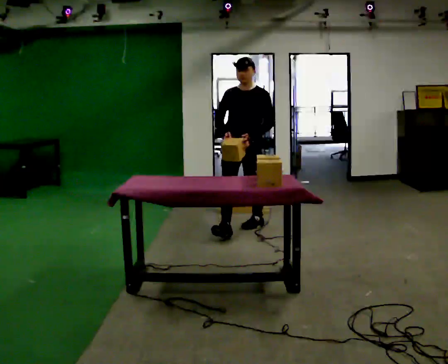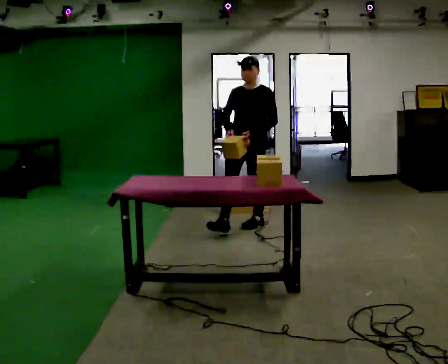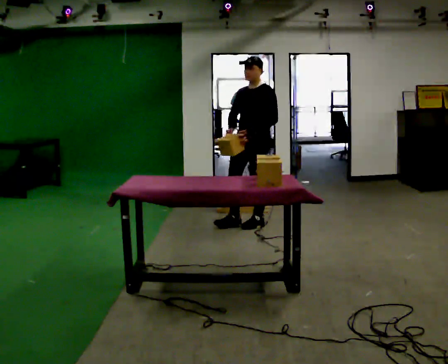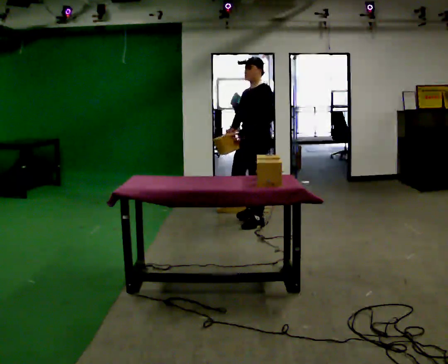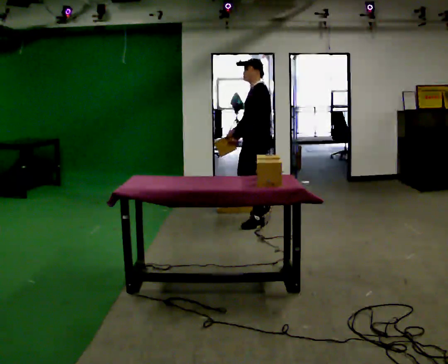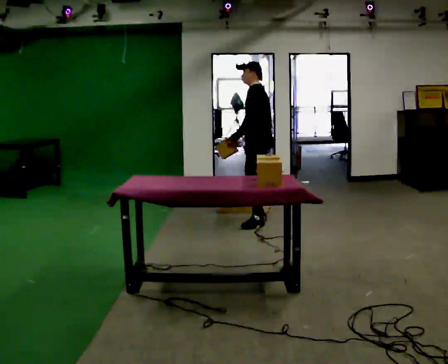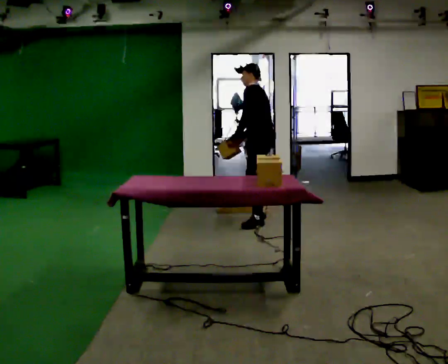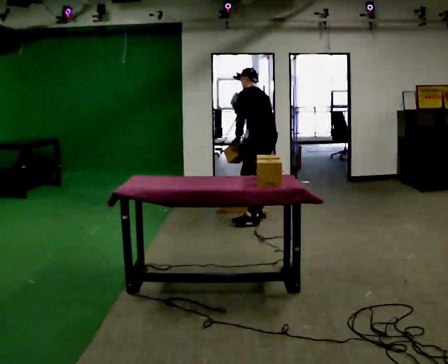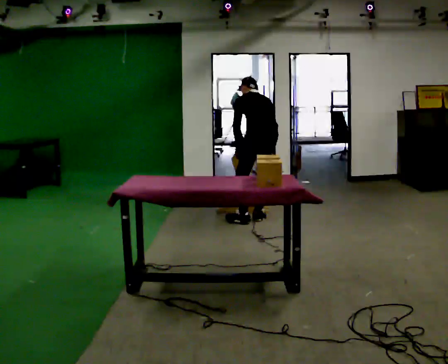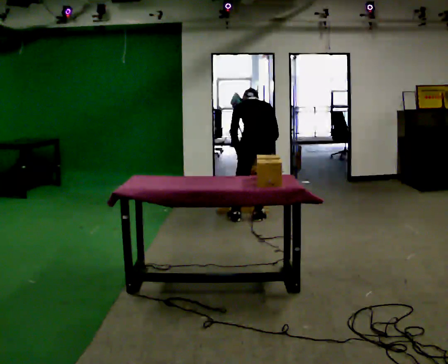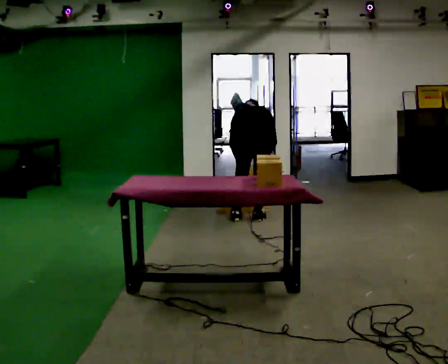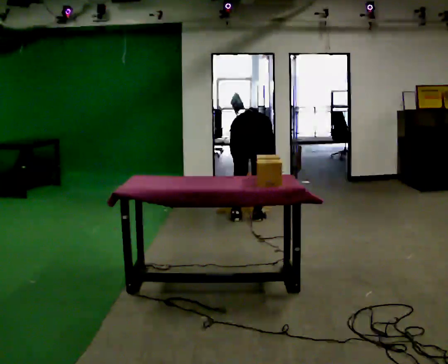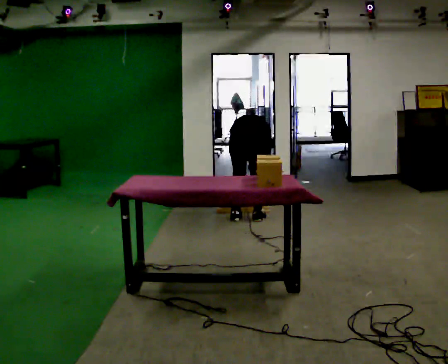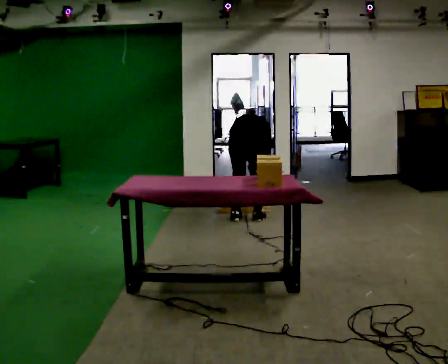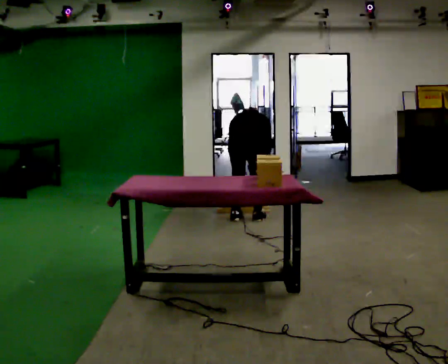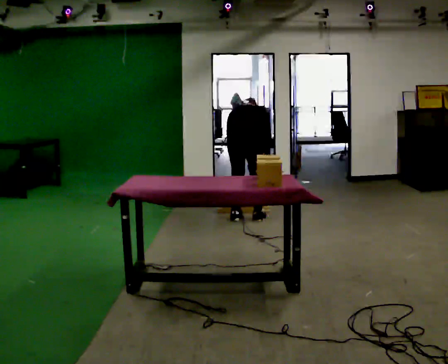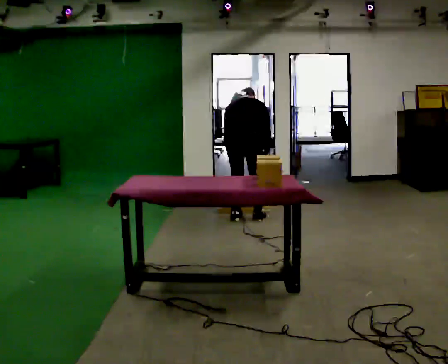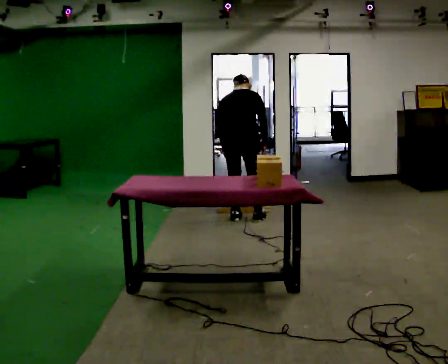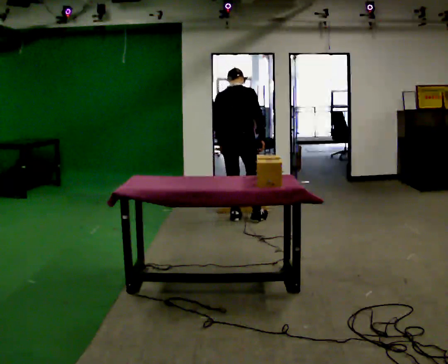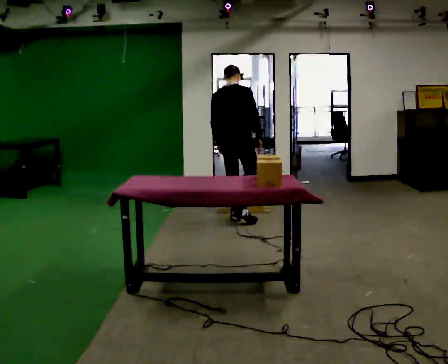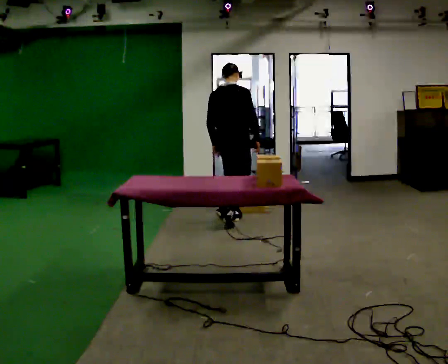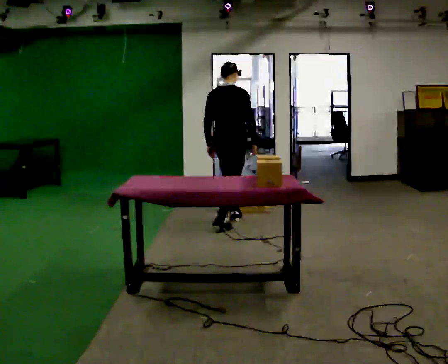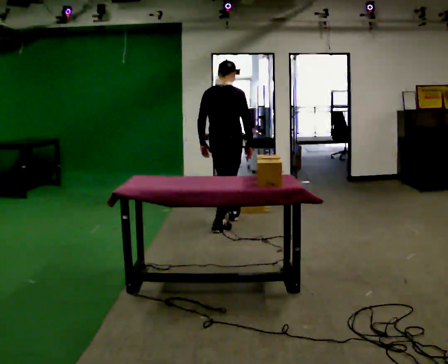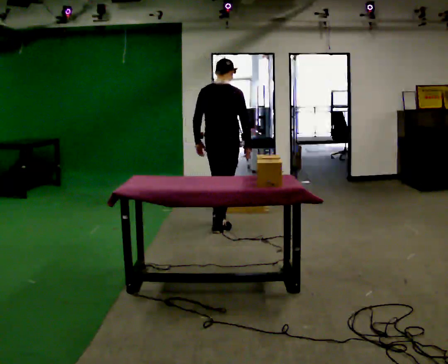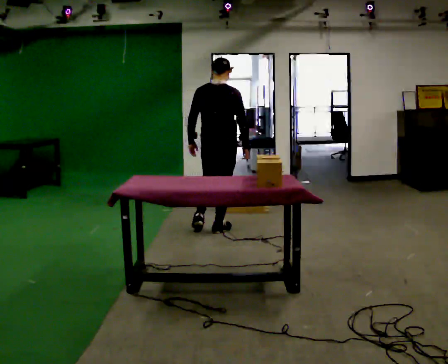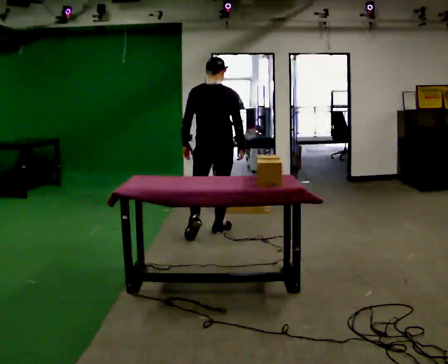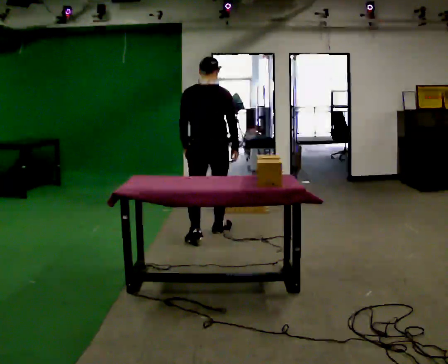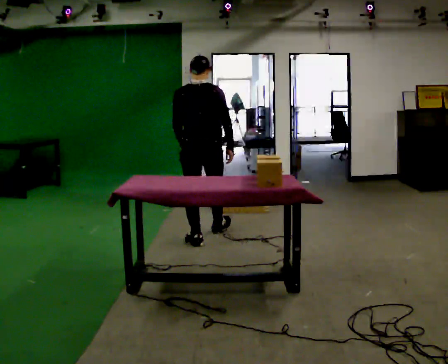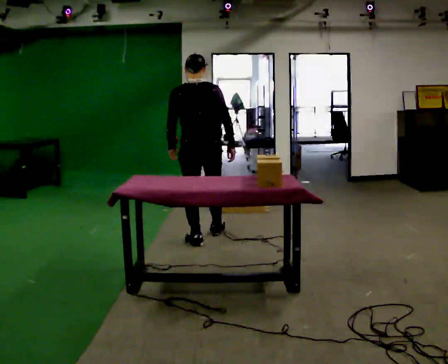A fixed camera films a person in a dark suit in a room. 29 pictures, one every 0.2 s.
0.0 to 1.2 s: Seen from above the body turns clockwise, about 90 degrees: to their right, with its near side sliding to the left. In the picture they go away from the camera and to the right, about 0.5 m in 1 step.
1.2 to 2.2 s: The person turns about 75 degrees to their right, clockwise seen from above, so the part of the body nearest the lens slides to the left. The shoulders move downward. The upper body tips away from the camera, its near side rolling upward, as they bend forward. In the picture their left hand goes downward.
2.2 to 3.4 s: The person moves a little, or ends about where they began.
3.4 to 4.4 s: In the picture they go toward the camera, about 0.25 m in 1 step, which for them is backward. The upper body tips toward the camera, its near side rolling downward, as they lean back or straighten.
4.4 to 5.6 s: Seen from above the body turns counterclockwise, about 30 degrees: to their left, with its near side sliding to the right. In the picture they go toward the camera, about 0.5 m in 2 steps, which for them is backward.
The film runs backward here.
